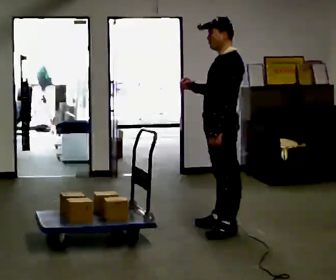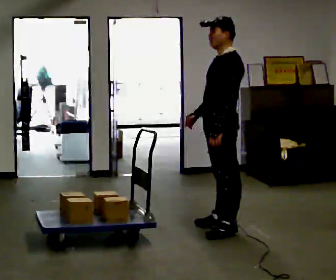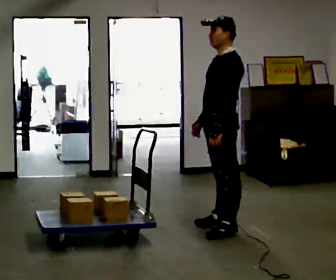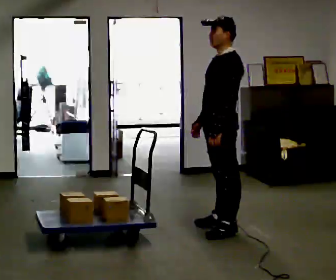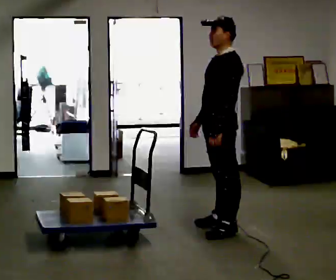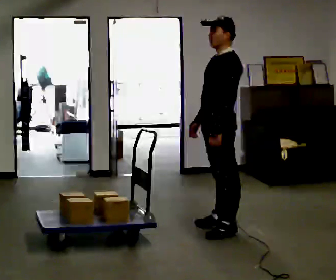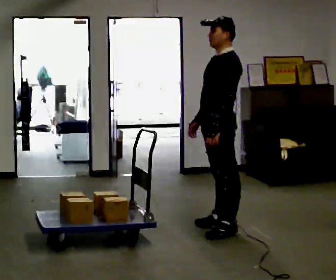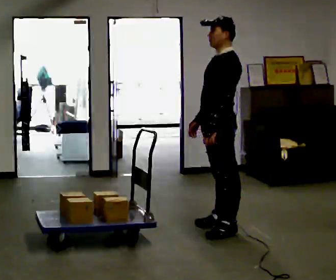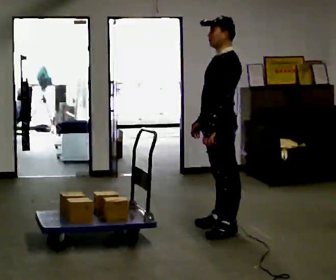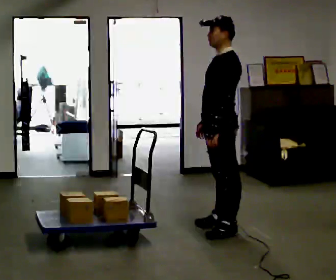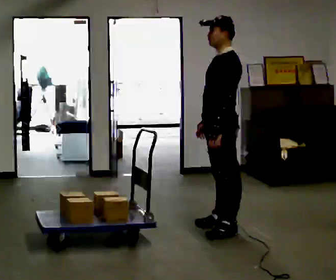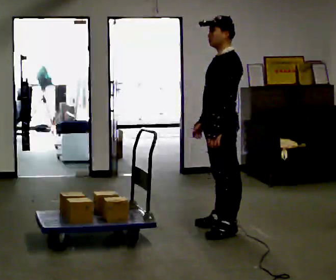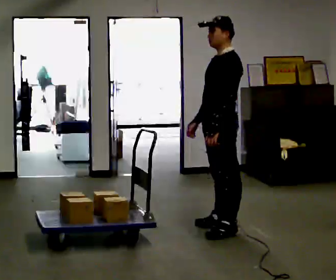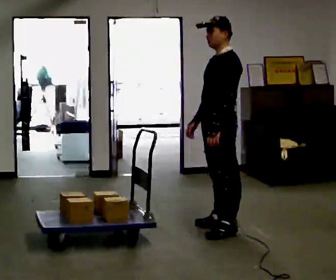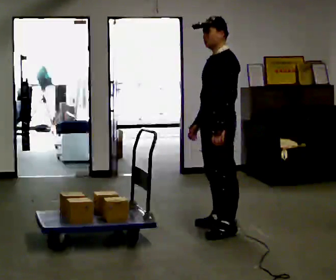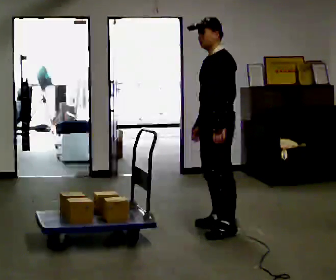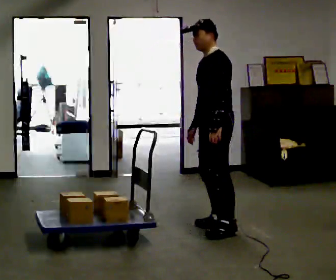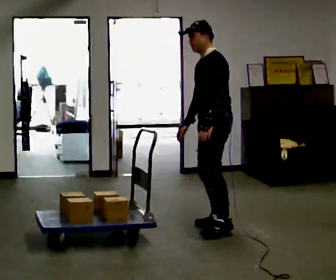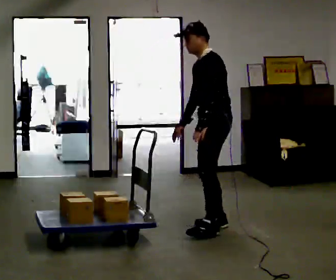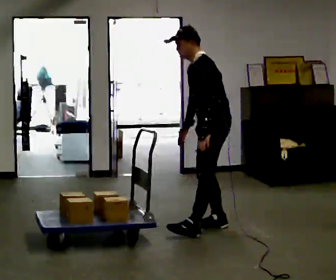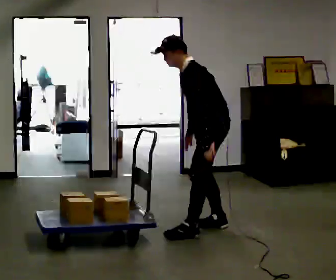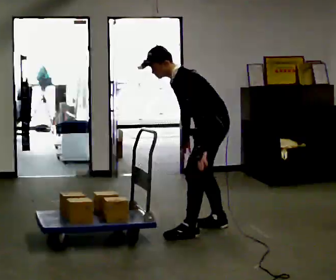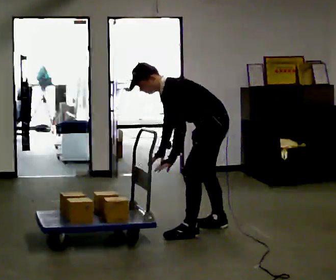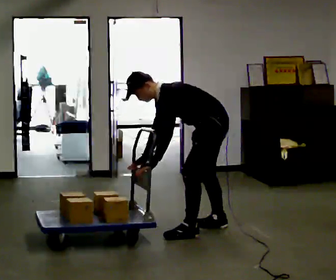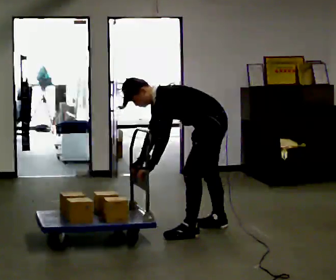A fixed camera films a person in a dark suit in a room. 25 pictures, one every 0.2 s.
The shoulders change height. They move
downward.
Their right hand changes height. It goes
downward.
0.0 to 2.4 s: The person moves a little, or ends about where they began.
2.4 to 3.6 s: In the picture they go away from the camera, about 0.25 m in 1 step, which for them is to their right. In the picture the upper body tilts counterclockwise, shoulders to the left, as they bend forward.
3.6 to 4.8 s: In the picture they go toward the camera, about 0.25 m, which for them is to their left. The upper body goes downward. In the picture the upper body tilts counterclockwise, shoulders to the left, as they bend forward. In the picture their left hand goes to the left and downward.
The film runs backward here.
